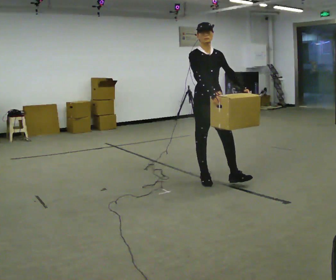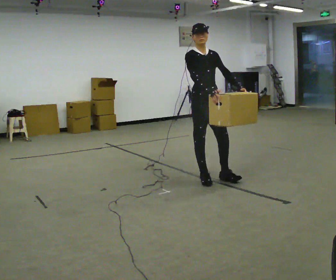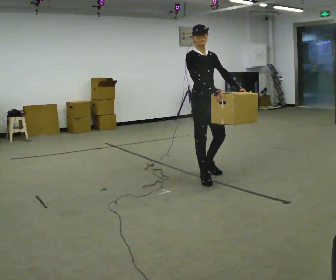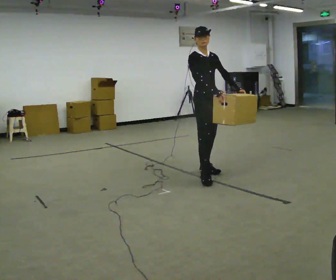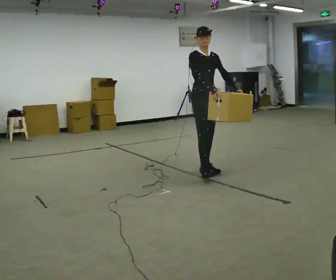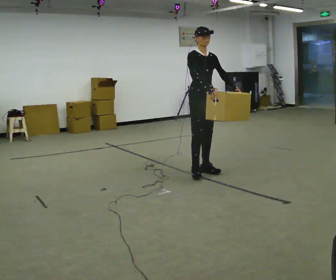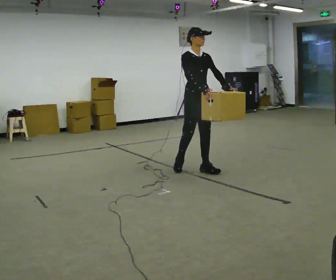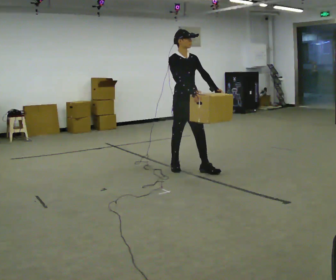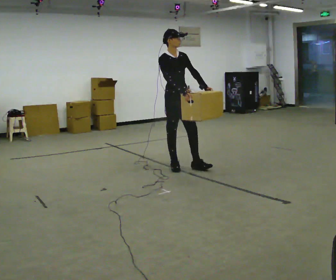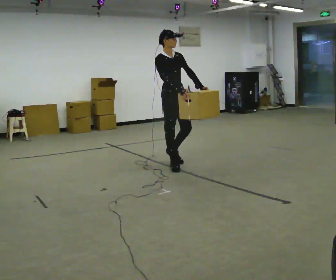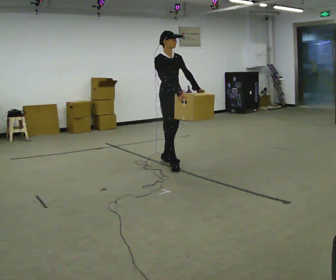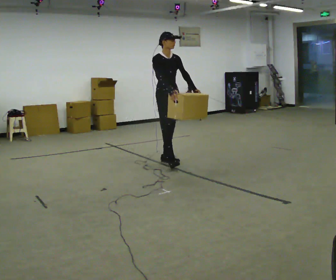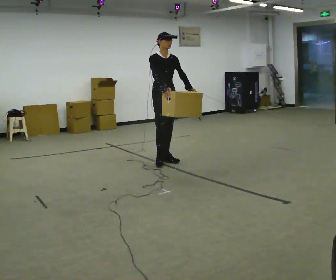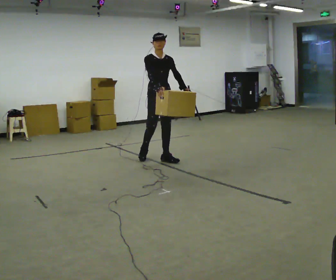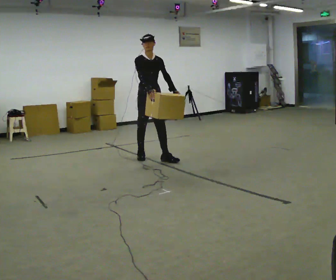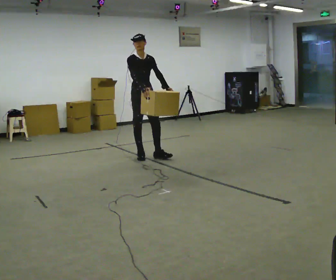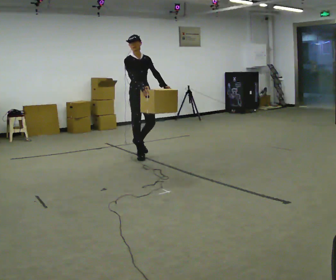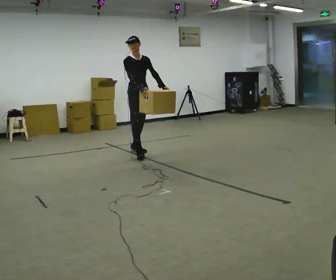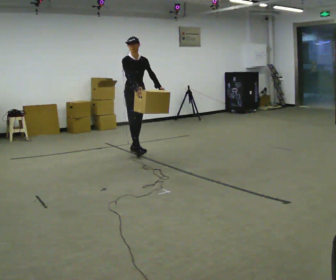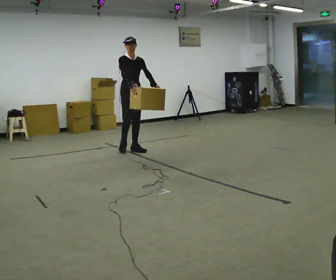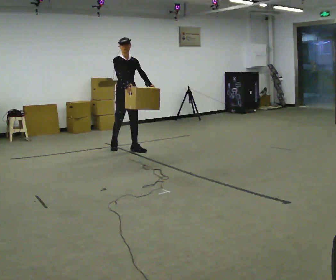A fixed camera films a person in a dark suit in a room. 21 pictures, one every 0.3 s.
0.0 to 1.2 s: In the picture they go away from the camera, about 0.25 m in 2 steps, which for them is backward and to their left.
1.2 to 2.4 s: In the picture they go to the left and away from the camera, about 0.5 m in 1 step, which for them is backward.
2.4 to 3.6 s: In the picture they go away from the camera and to the left, about 0.5 m in 1 step, which for them is backward.
3.6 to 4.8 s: In the picture they go to the left and away from the camera, about 0.5 m in 1 step, which for them is backward.
4.8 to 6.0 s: In the picture they go away from the camera and to the left, about 0.5 m in 1 step, which for them is backward.
The film runs backward here.
